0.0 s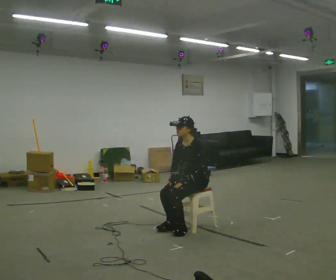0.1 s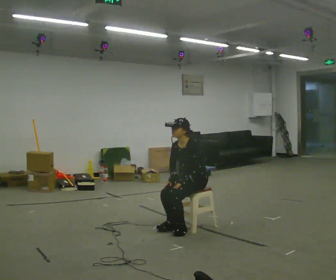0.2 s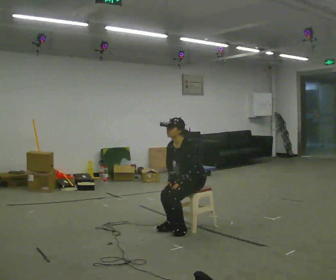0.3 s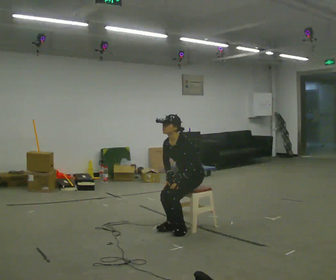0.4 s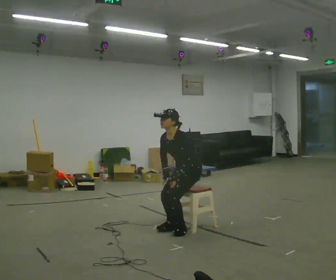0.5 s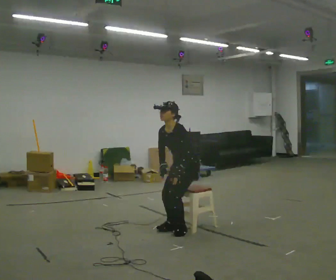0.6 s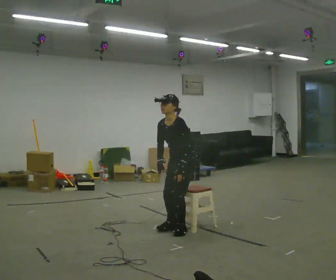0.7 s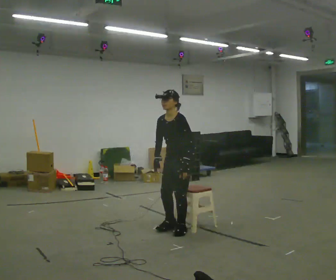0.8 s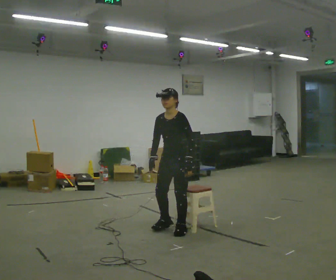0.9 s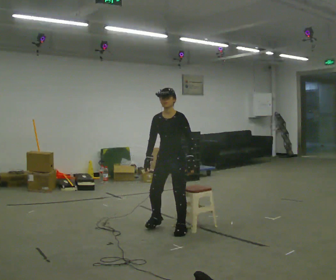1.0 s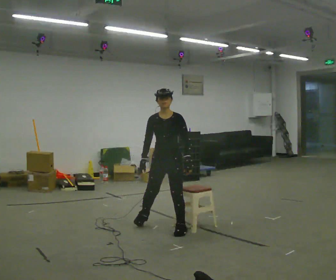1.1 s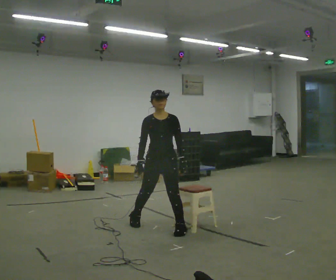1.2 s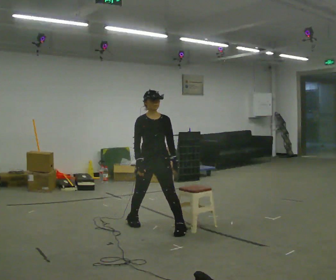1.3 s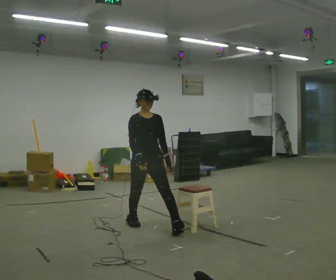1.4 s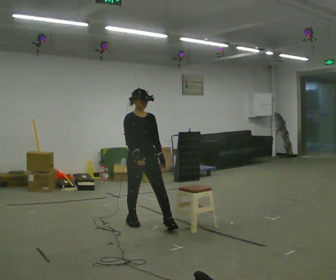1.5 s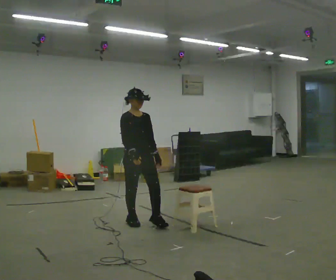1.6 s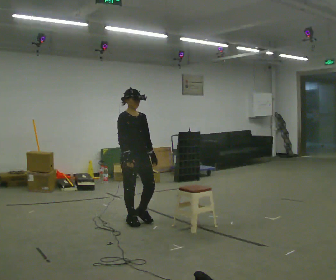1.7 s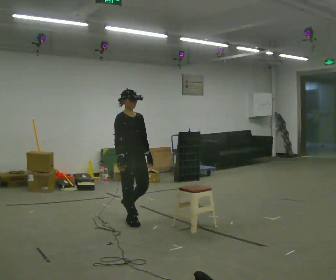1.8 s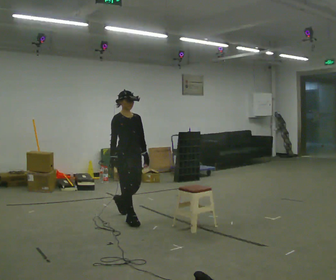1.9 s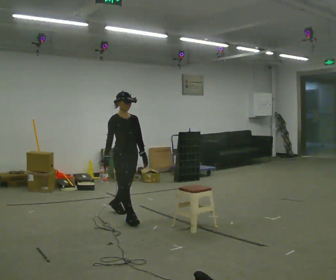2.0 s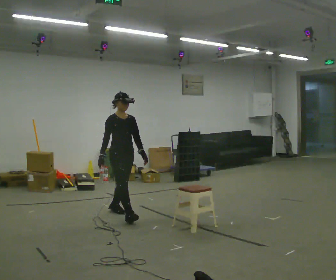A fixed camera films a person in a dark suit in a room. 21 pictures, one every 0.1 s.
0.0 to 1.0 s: The person turns about 30 degrees to their left, counterclockwise seen from above, so the part of the body nearest the lens slides to the right. In the picture they go to the left, about 0.25 m in 1 step, which for them is forward. The shoulders move upward.
1.0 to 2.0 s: The part of the body nearest the lens slides to the right as the person turns to their left by about 60 degrees. In the picture they go to the left and away from the camera, about 1 m in 1 step.
The film runs backward here.
